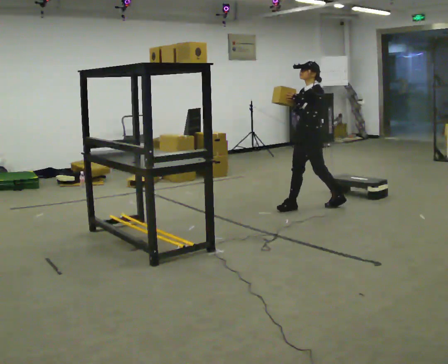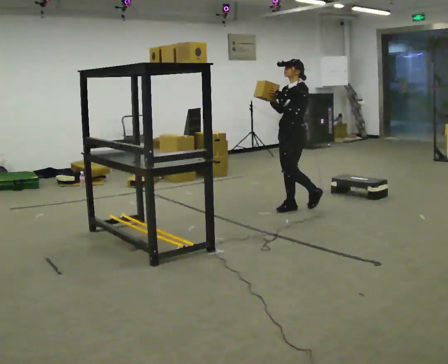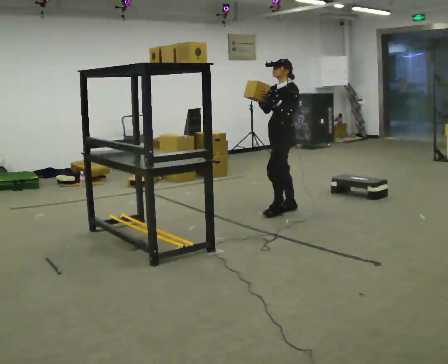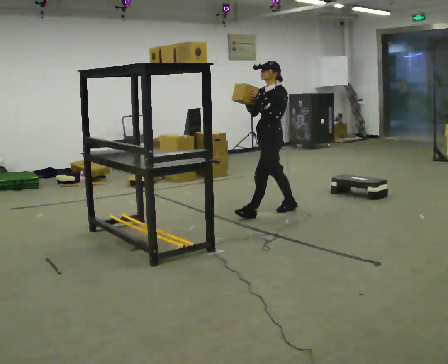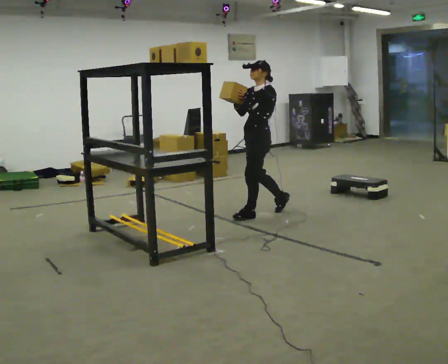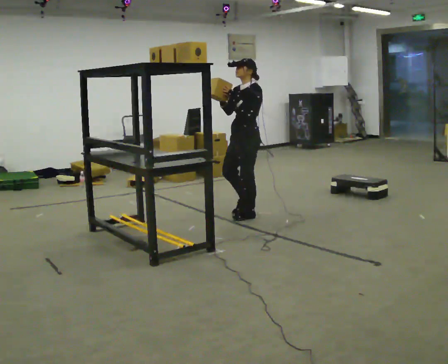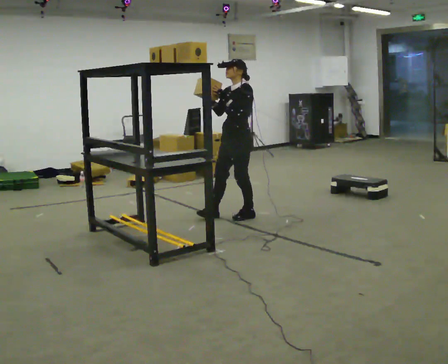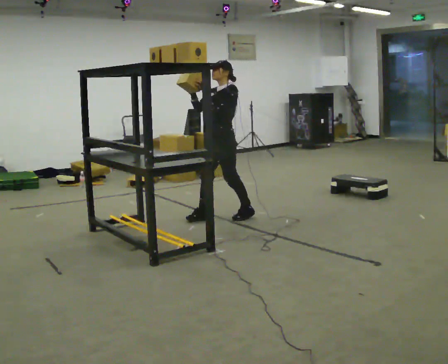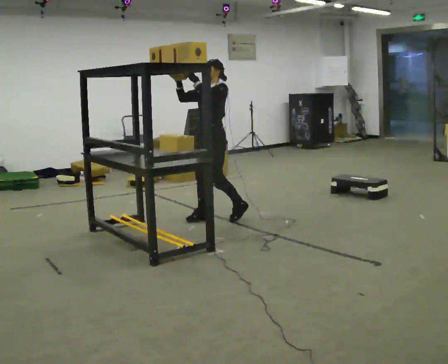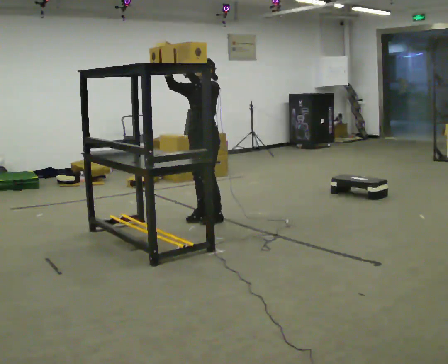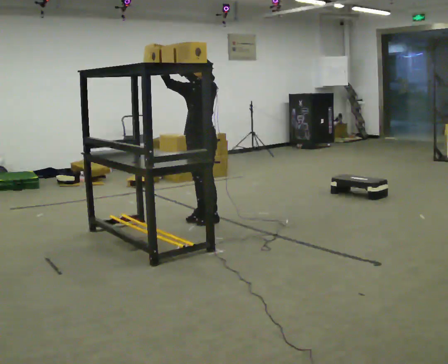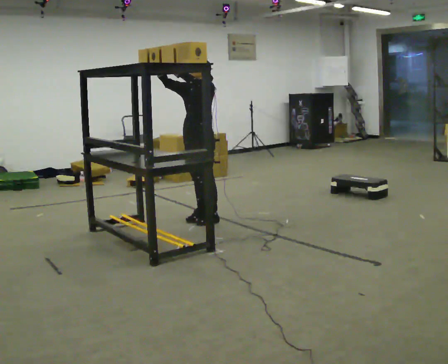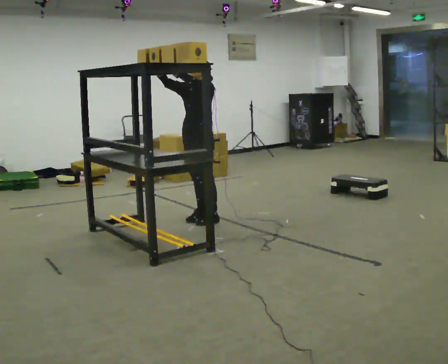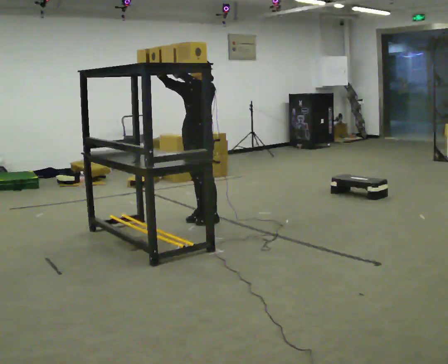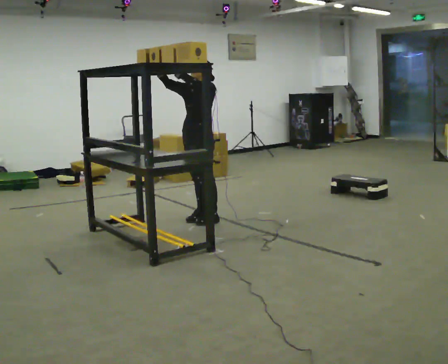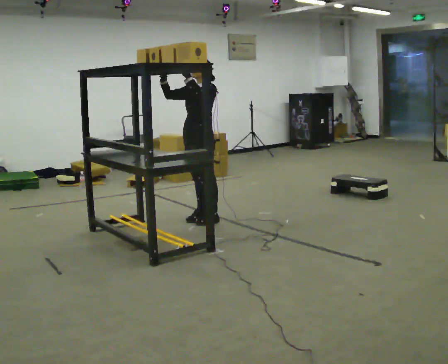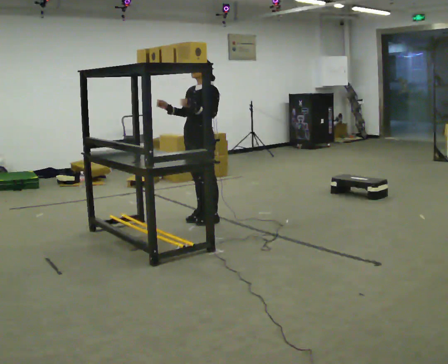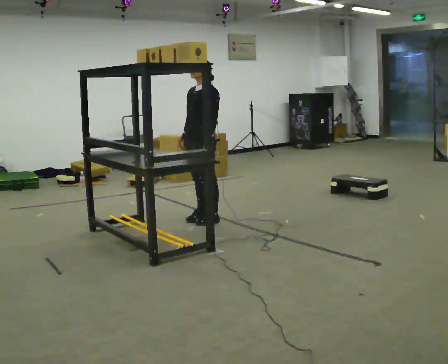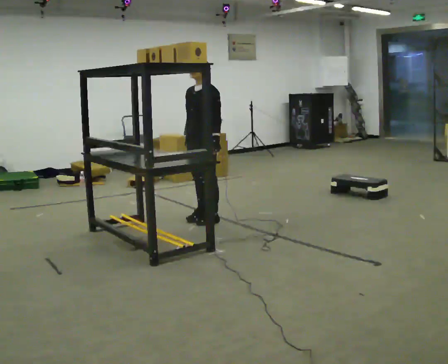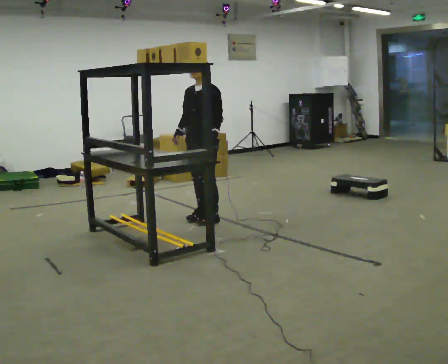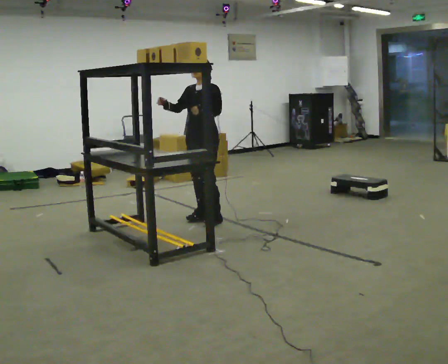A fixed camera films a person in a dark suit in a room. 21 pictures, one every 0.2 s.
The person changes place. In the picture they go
to the left.
0.0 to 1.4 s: In the picture they go to the left, about 1 m in 2 steps, which for them is forward.
1.4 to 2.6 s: In the picture they go to the left, about 0.25 m in 1 step, which for them is forward. In the picture their right hand goes to the left.
2.6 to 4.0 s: In the picture their left hand goes downward.
The film runs forward here.
